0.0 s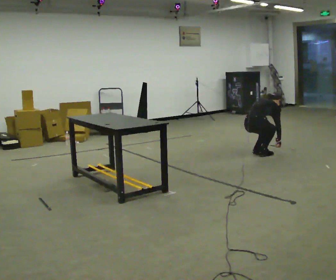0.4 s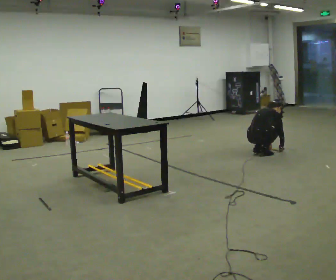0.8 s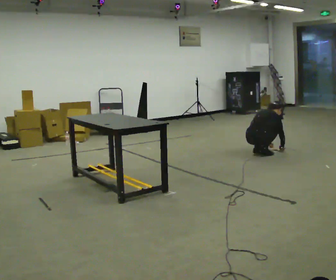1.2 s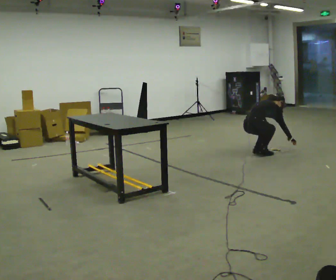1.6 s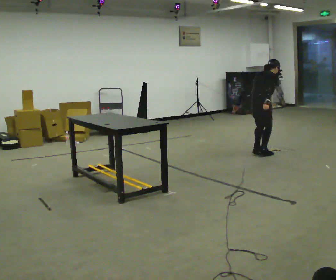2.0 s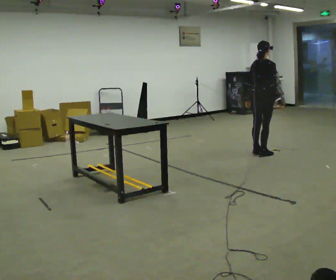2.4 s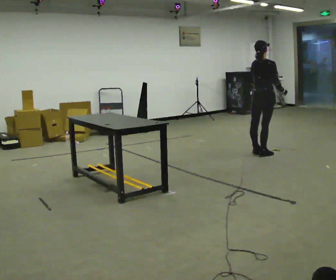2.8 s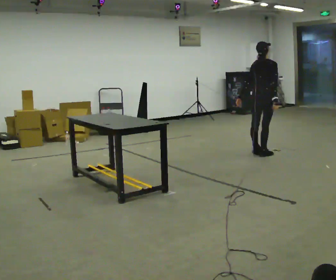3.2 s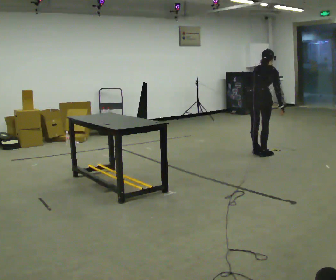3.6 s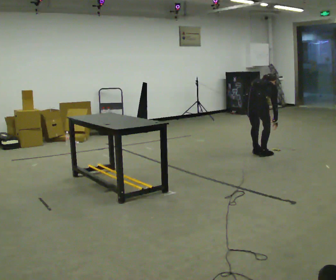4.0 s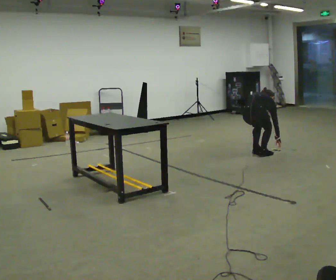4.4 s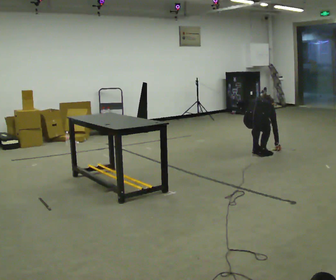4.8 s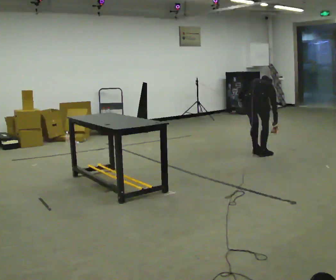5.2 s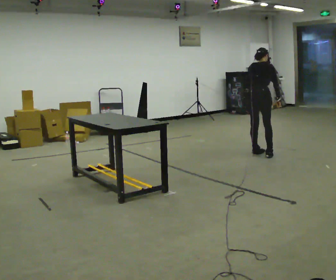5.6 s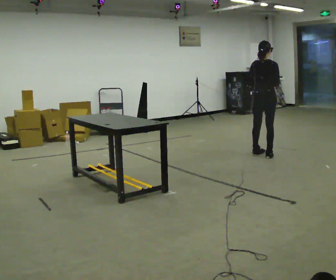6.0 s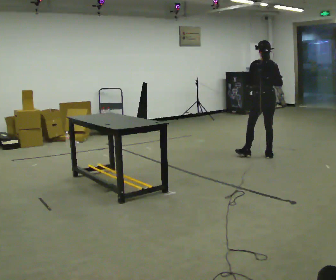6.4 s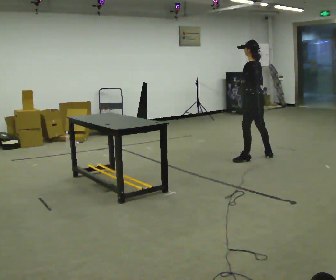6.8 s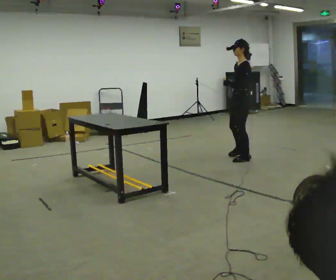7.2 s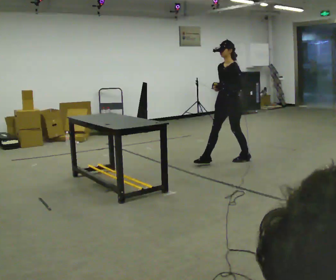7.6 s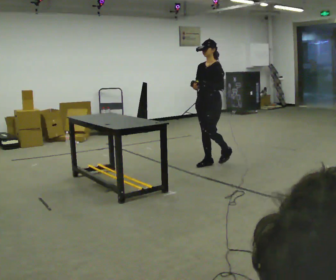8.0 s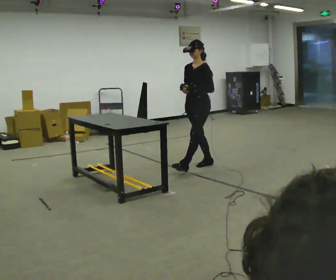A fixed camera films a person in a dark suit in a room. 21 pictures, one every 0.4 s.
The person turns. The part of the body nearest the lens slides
to the right.
The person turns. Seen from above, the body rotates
counterclockwise.
0.0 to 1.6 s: In the picture their right hand goes upward.
1.6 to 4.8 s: In the picture their right hand goes downward.
4.8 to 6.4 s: The person turns about 90 degrees to their left, counterclockwise seen from above, so the part of the body nearest the lens slides to the right. The shoulders move upward. The upper body tips toward the camera, its near side rolling downward, as they lean back or straighten. In the picture their right hand goes upward and to the left.
6.4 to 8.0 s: The person turns about 75 degrees to their left, counterclockwise seen from above, so the part of the body nearest the lens slides to the right. In the picture they go to the left and toward the camera, about 1 m in 2 steps.
The film runs forward here.
